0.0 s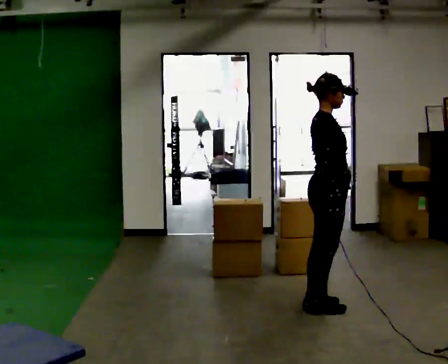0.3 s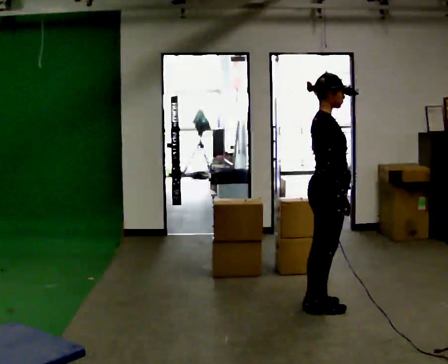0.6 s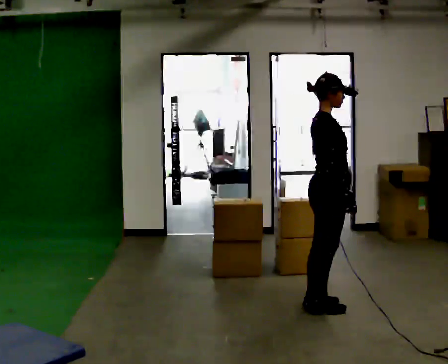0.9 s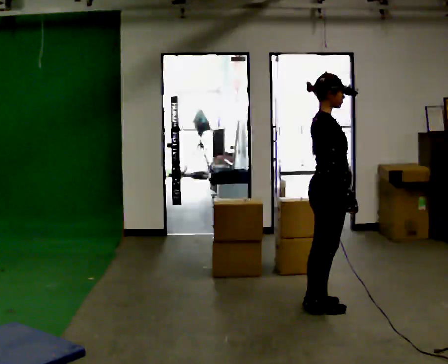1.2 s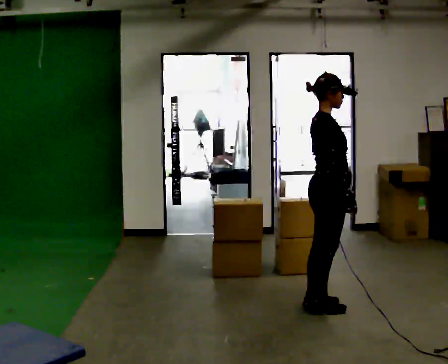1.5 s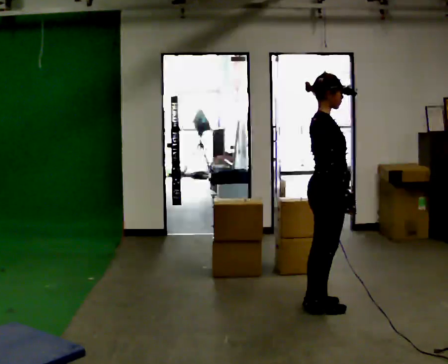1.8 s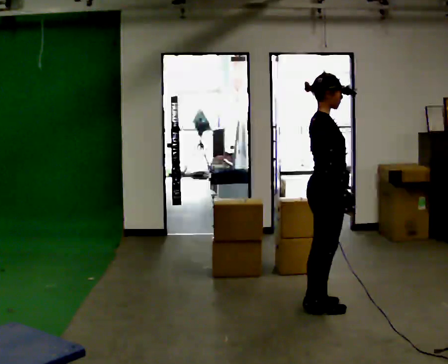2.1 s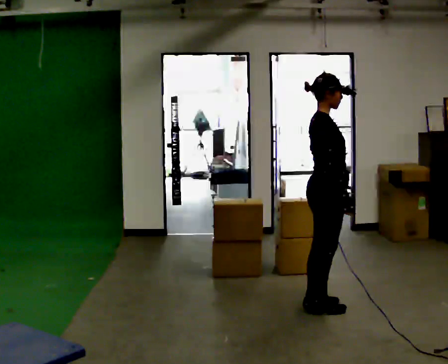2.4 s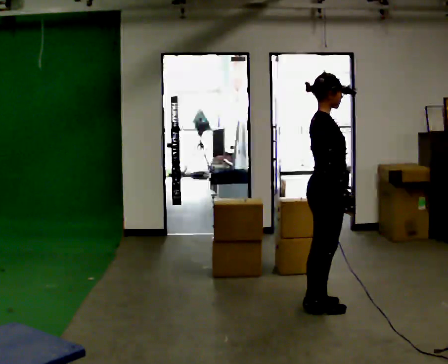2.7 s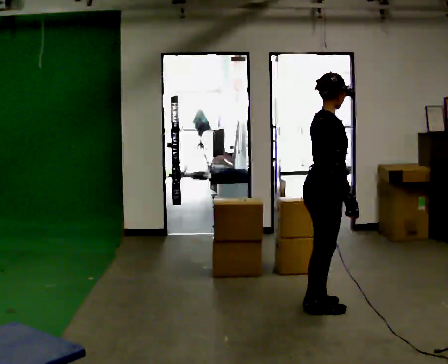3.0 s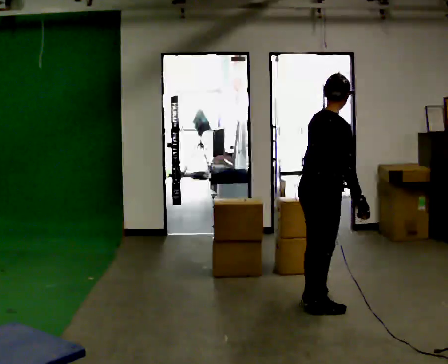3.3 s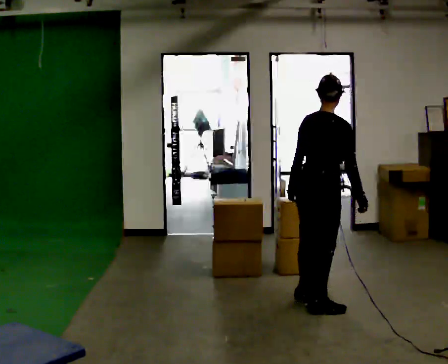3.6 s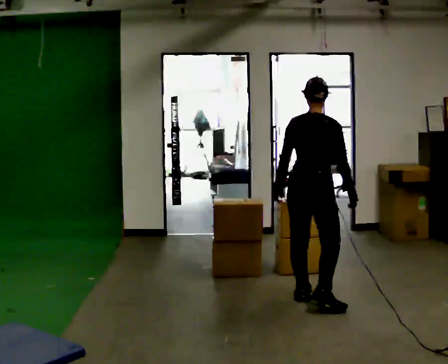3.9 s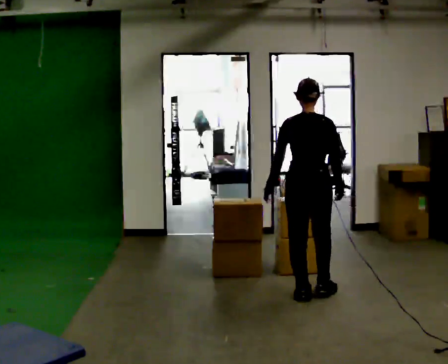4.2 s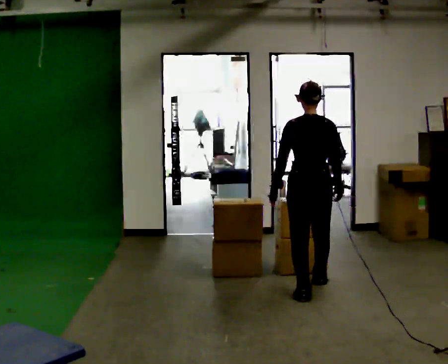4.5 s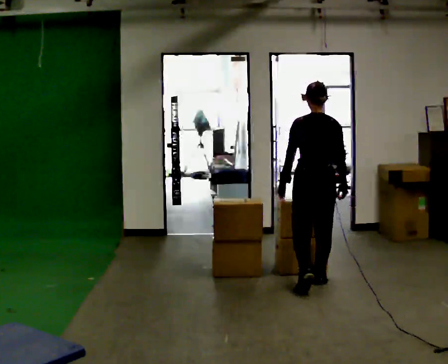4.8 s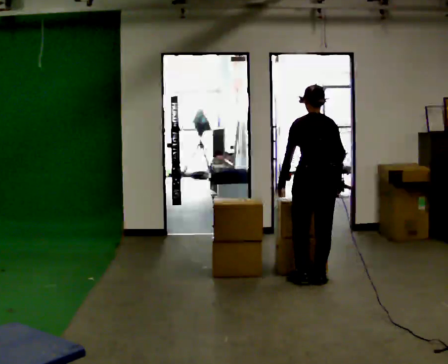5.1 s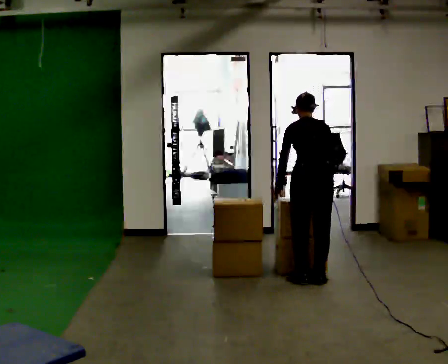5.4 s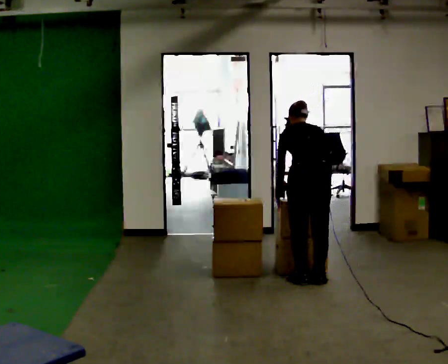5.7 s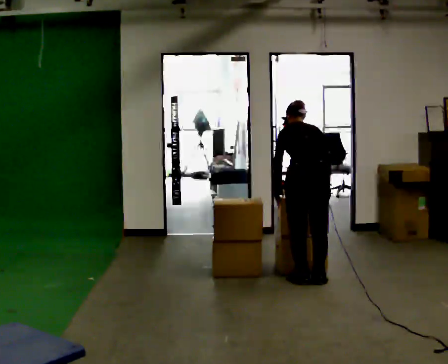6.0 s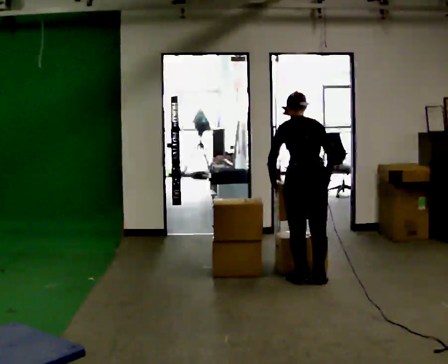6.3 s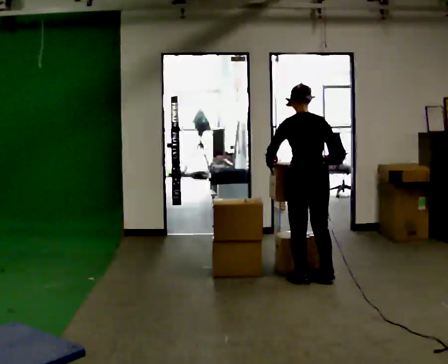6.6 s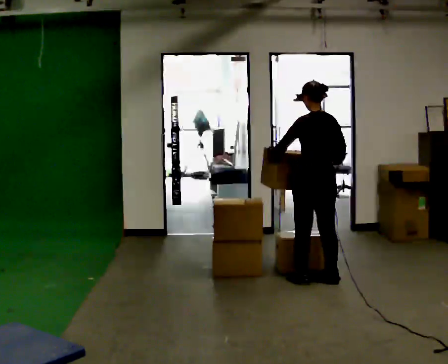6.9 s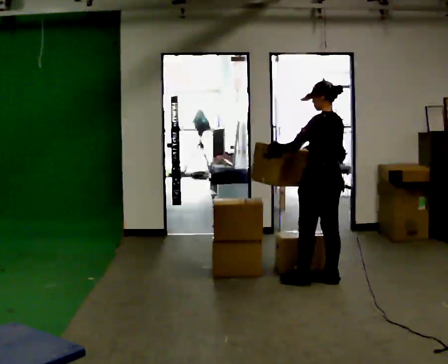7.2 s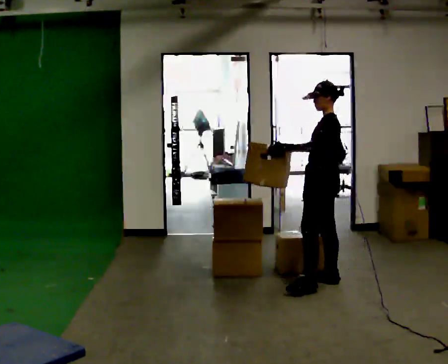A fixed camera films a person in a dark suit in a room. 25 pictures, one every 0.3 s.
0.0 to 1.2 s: The person moves a little, or ends about where they began.
1.2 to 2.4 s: The person keeps their place and pose.
2.4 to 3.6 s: The part of the body nearest the lens slides to the right as the person turns to their left by about 60 degrees. In the picture they go away from the camera, about 0.25 m. In the picture their left hand goes to the left.
3.6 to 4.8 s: The part of the body nearest the lens slides to the right as the person turns to their left by about 45 degrees. In the picture they go away from the camera, about 0.5 m in 1 step, which for them is forward. The upper body tips away from the camera, its near side rolling upward, as they bend forward.
4.8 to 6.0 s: The person moves a little, or ends about where they began.
6.0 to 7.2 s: Seen from above the body turns counterclockwise, about 75 degrees: to their left, with its near side sliding to the right. The upper body tips toward the camera, its near side rolling downward, as they lean back or straighten. In the picture their right hand goes to the left.
The film runs forward here.
